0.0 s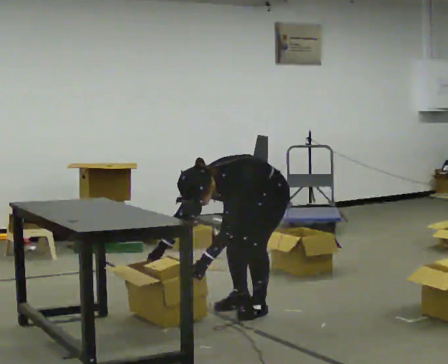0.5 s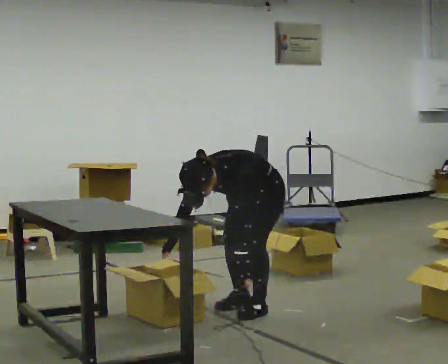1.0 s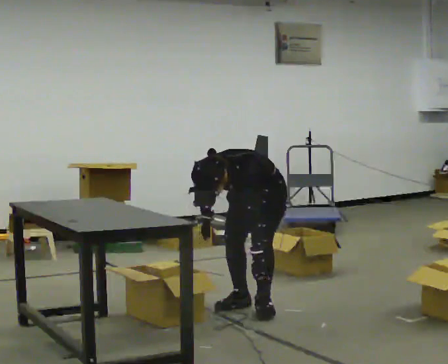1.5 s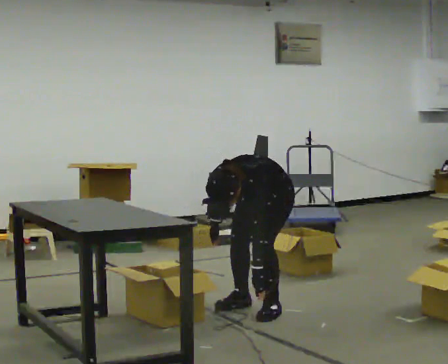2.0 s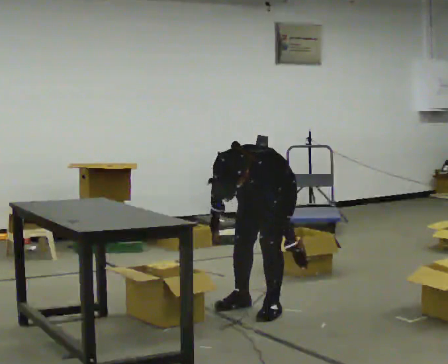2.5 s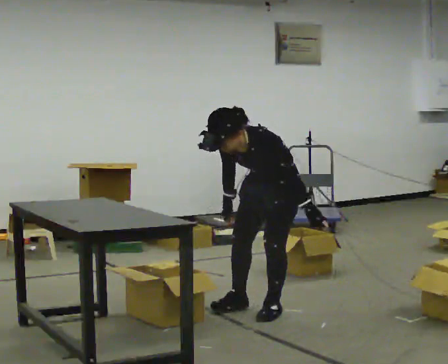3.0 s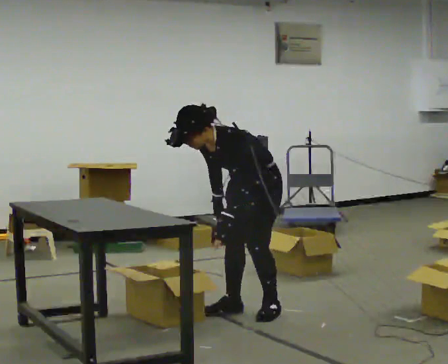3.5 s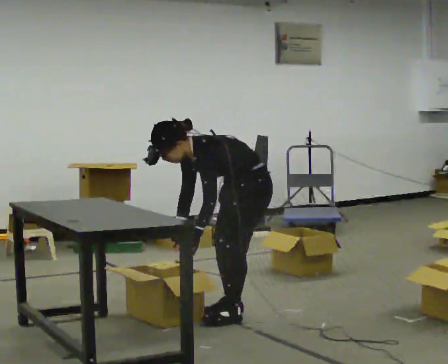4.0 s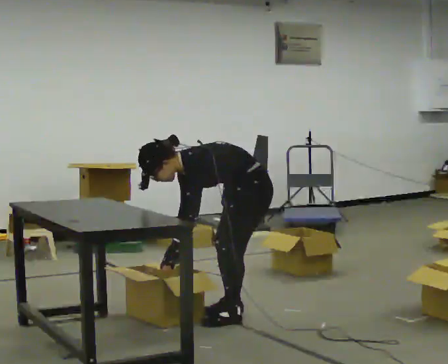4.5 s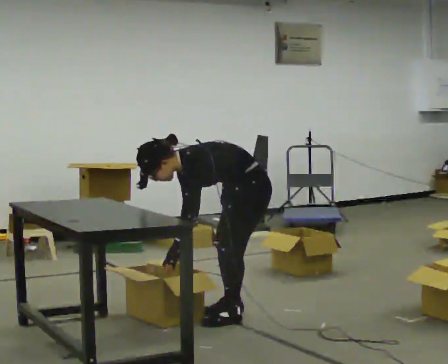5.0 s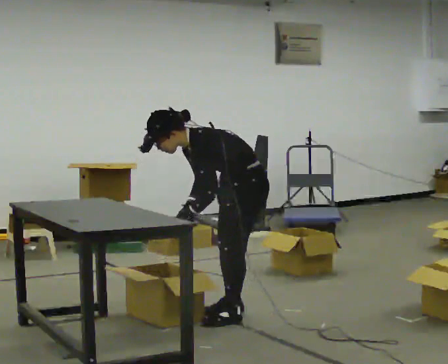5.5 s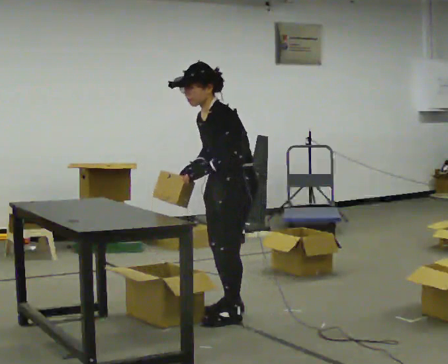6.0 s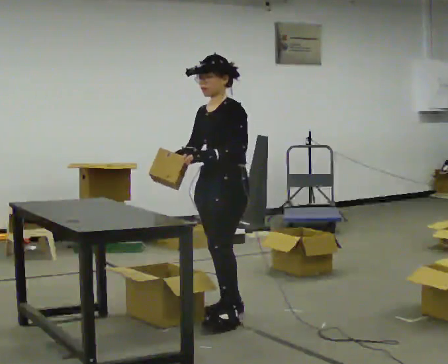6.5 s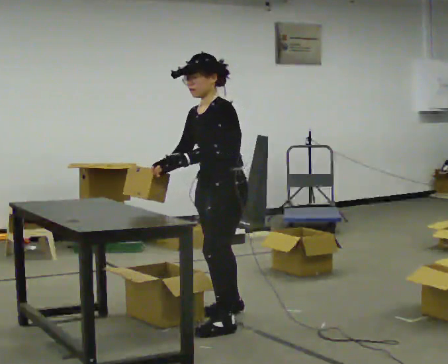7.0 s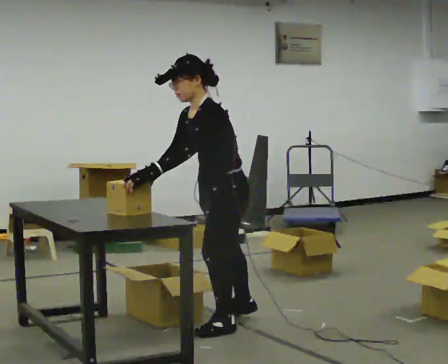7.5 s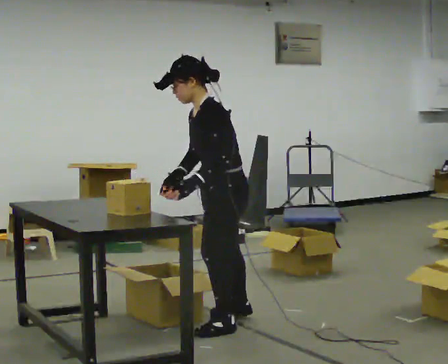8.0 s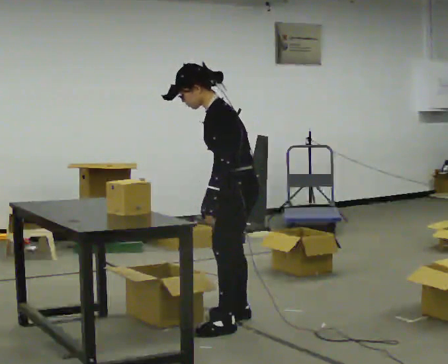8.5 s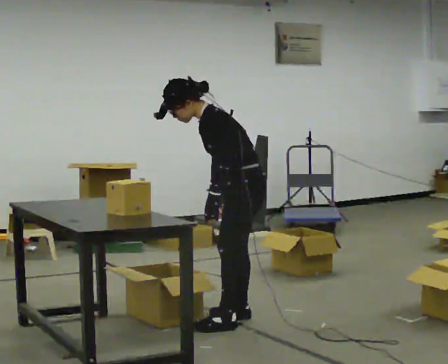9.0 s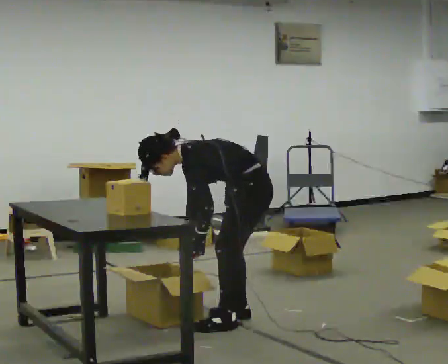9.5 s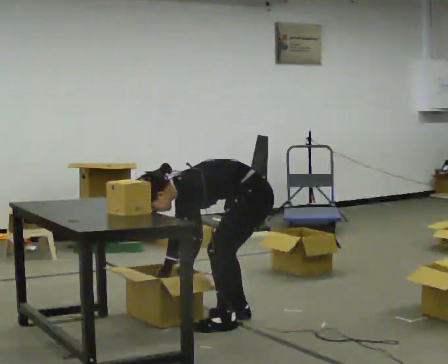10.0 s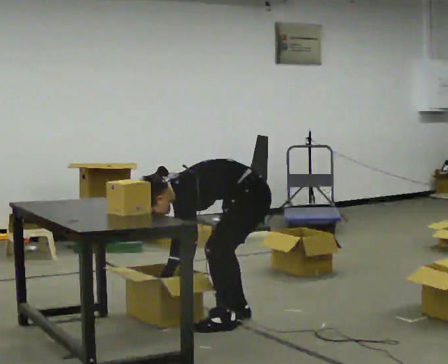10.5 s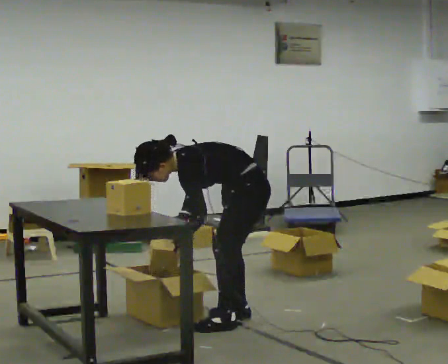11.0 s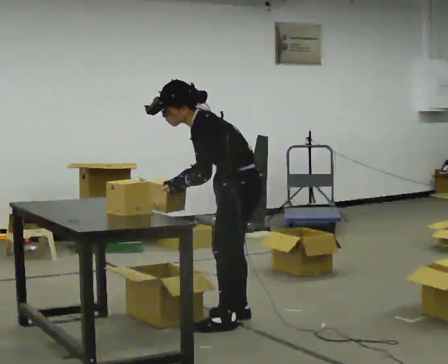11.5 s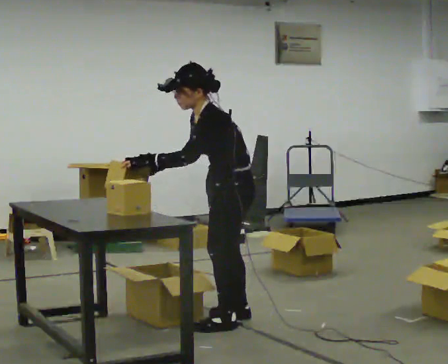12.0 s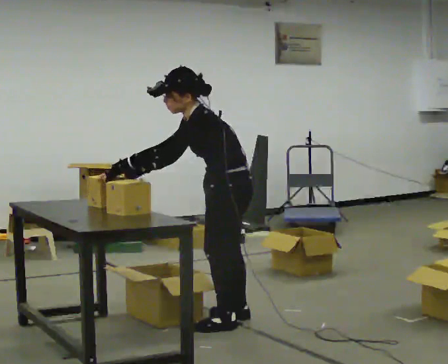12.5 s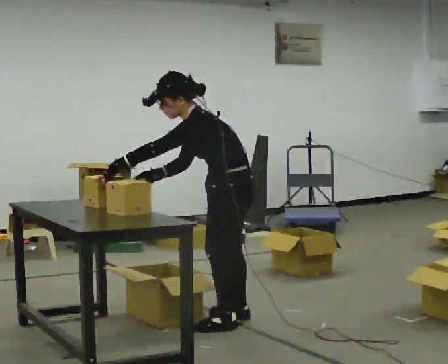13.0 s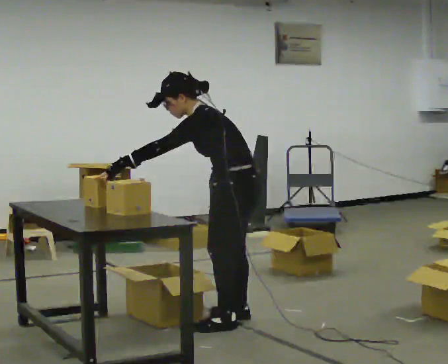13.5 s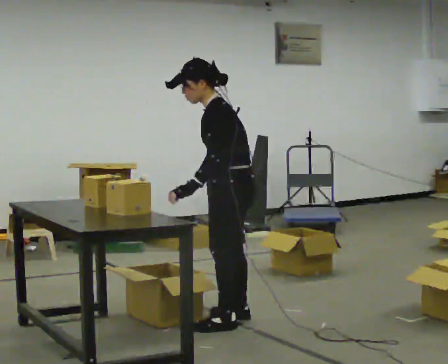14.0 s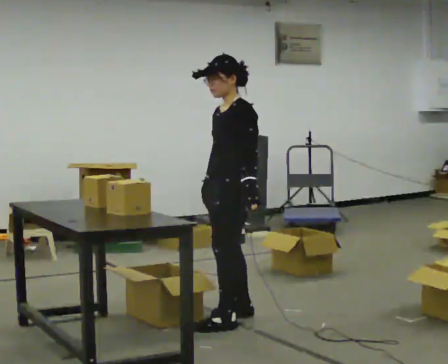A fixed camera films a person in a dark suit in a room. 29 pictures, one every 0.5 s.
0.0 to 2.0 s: In the picture their left hand goes to the right.
2.0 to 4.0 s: Seen from above the body turns clockwise, about 45 degrees: to their right, with its near side sliding to the left. In the picture they go toward the camera, about 0.25 m in 2 steps, which for them is forward and to their left. The upper body tips away from the camera, its near side rolling upward.
4.0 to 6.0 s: In the picture they go to the left, about 0.25 m, which for them is forward. The upper body goes upward. In the picture the upper body tilts clockwise, shoulders to the right, as they lean back or straighten. In the picture their right hand goes upward.
6.0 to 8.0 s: Seen from above the body turns clockwise, about 30 degrees: to their right, with its near side sliding to the left.
8.0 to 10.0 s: The shoulders move downward. In the picture the upper body tilts counterclockwise, shoulders to the left, as they bend forward. In the picture their left hand goes downward.
10.0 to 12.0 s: The upper body goes upward. In the picture the upper body tilts clockwise, shoulders to the right, as they lean back or straighten. In the picture their left hand goes upward and to the left, the arm swinging clockwise.
12.0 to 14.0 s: In the picture they go away from the camera, about 0.25 m, which for them is to their right. In the picture the upper body tilts clockwise, shoulders to the right, as they lean back or straighten. In the picture their left hand goes to the right, the arm swinging counterclockwise.
The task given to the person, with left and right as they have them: 1. Take everything out of the crates by the door. 2. Put the small items on the middle shelf. 3. Put the large items on the bottom shelf. 4. Stack the empty crates by the door. 5. Tell the operator when you are finished.
The film runs forward here.
